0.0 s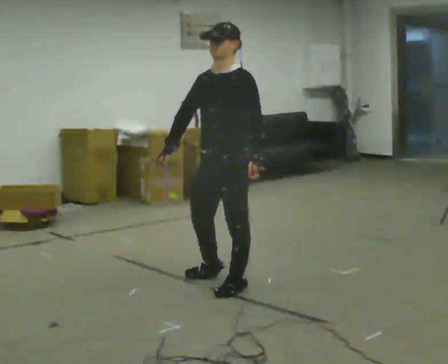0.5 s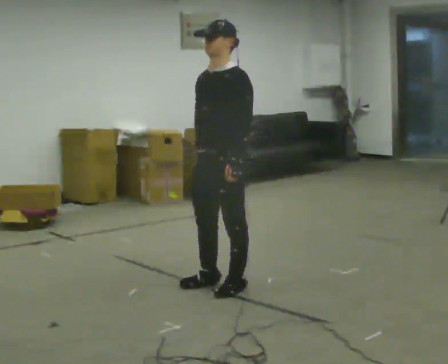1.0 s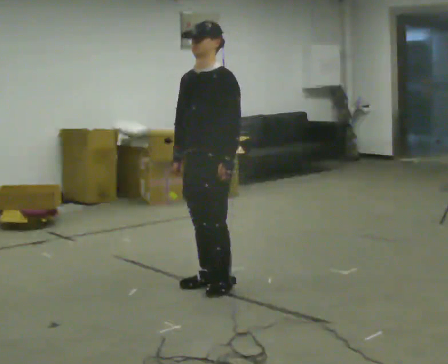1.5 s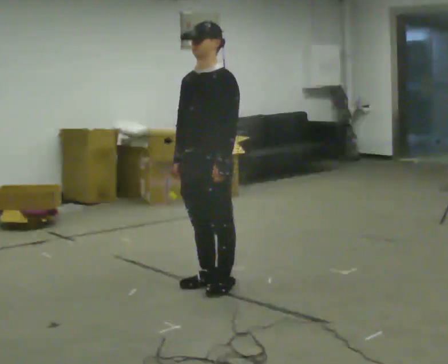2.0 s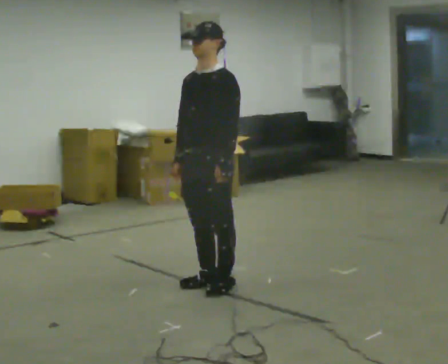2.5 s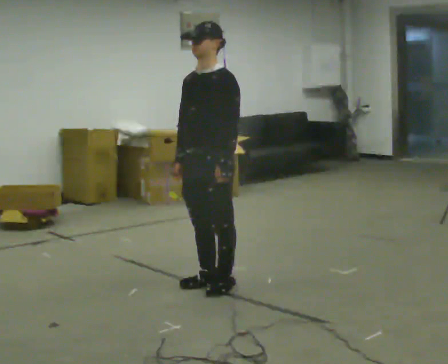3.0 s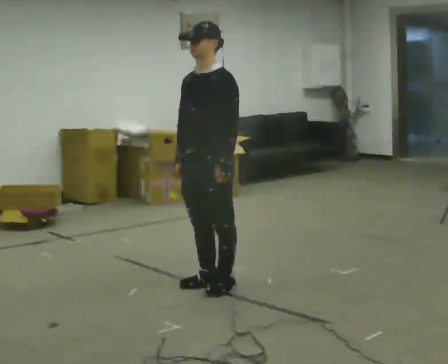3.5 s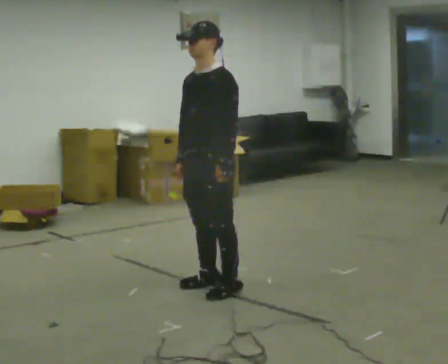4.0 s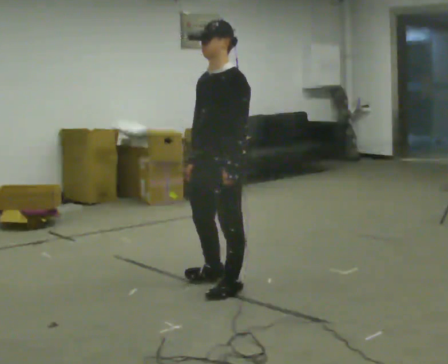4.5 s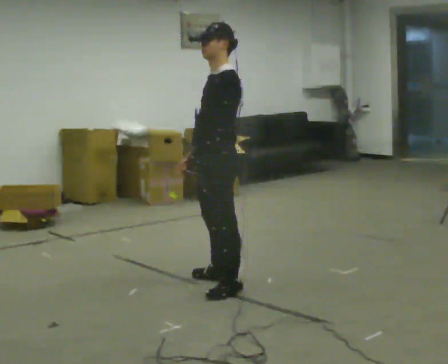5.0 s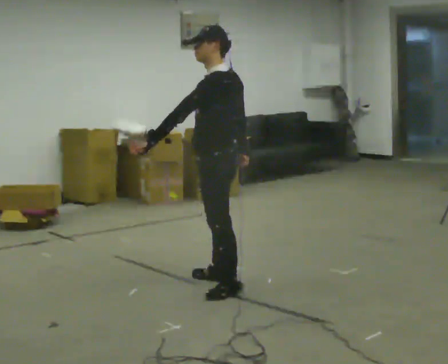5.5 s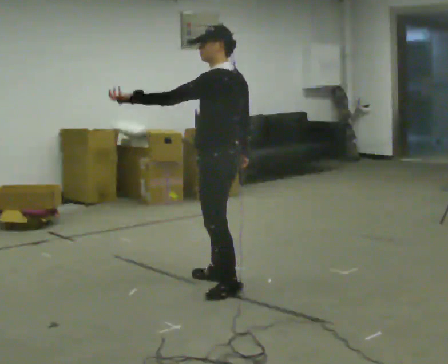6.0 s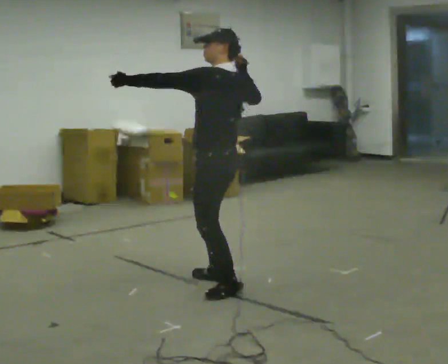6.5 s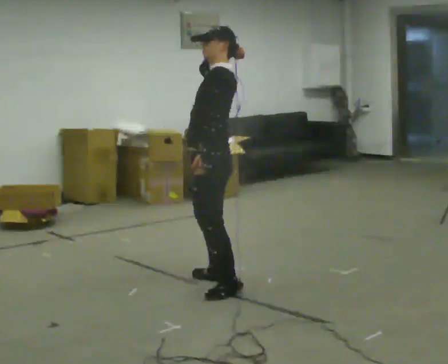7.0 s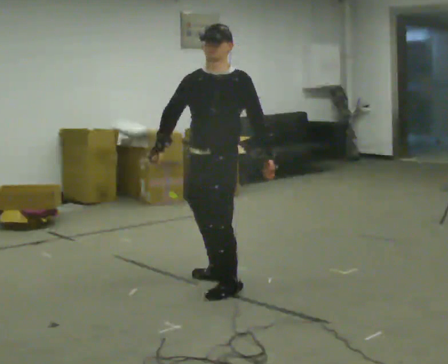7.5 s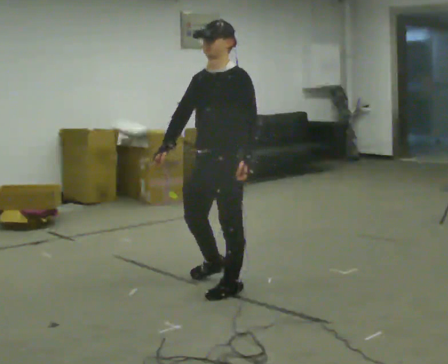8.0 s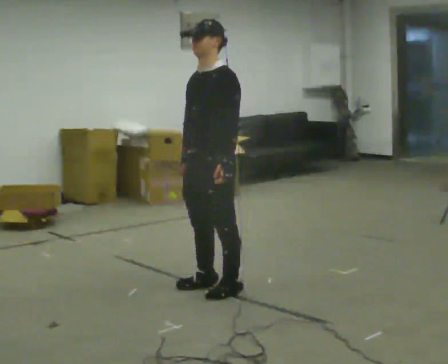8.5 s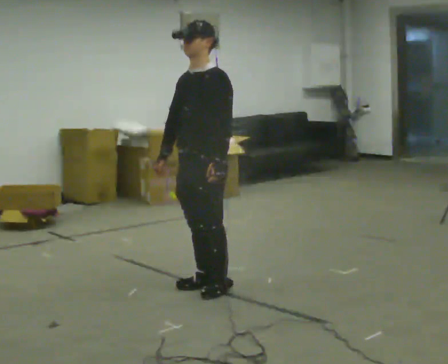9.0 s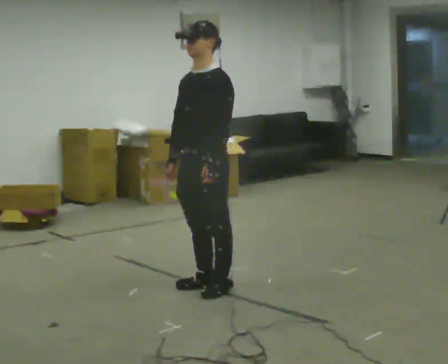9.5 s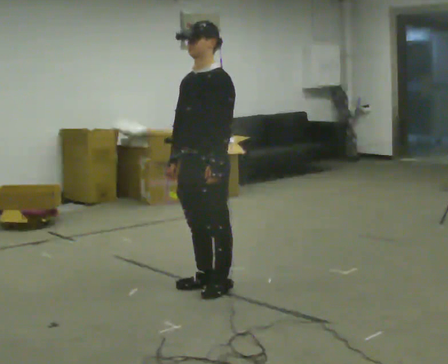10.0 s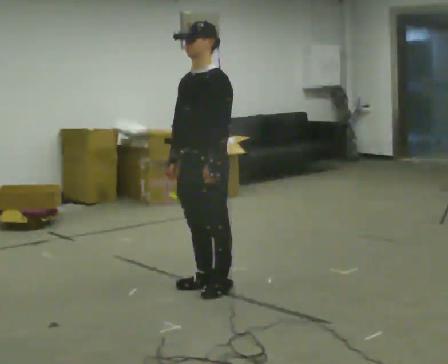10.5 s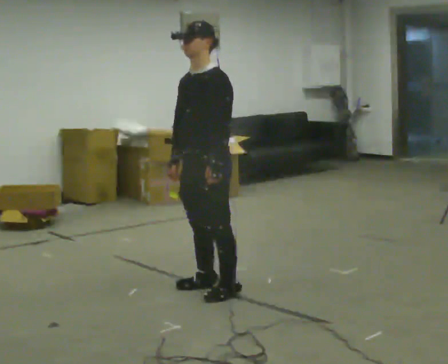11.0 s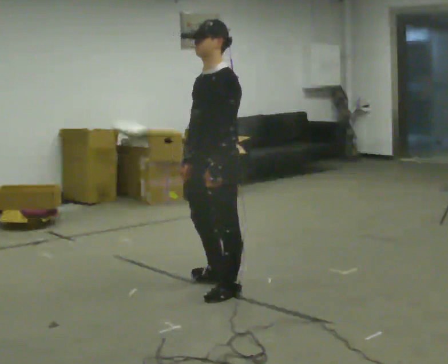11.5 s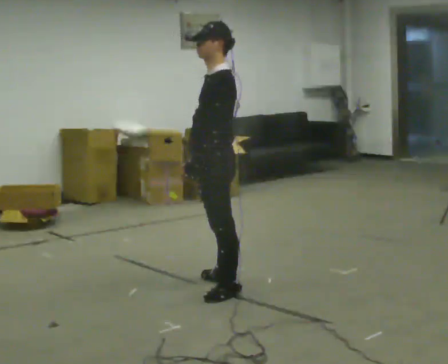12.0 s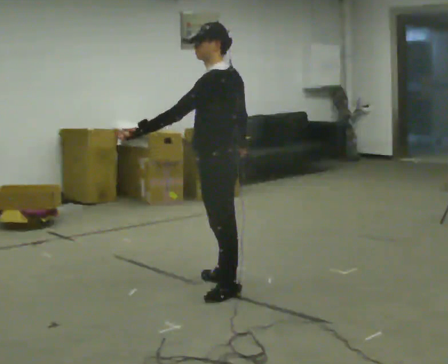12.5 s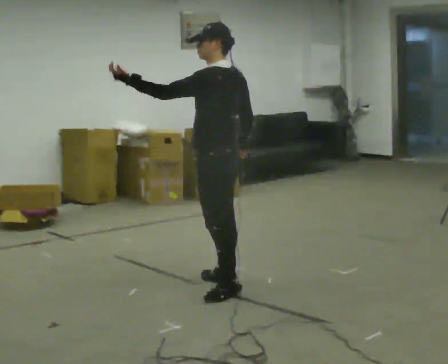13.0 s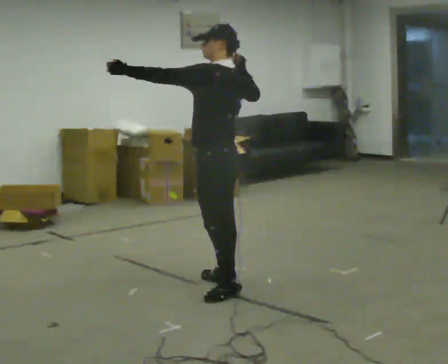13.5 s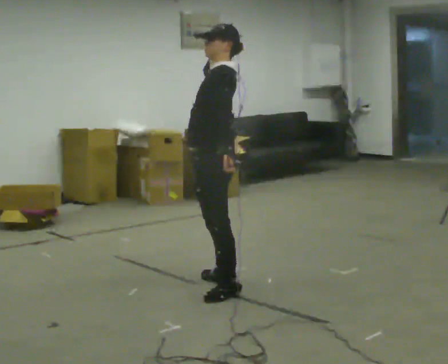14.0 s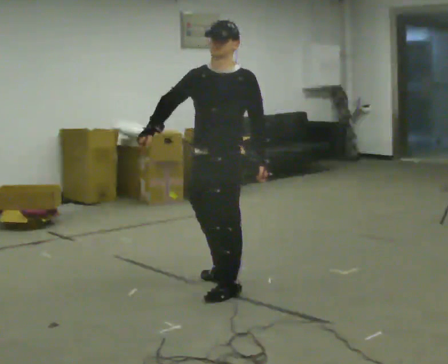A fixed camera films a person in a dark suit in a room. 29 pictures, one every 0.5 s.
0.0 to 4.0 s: The person moves a little, or ends about where they began.
4.0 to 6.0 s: The part of the body nearest the lens slides to the left as the person turns to their right by about 60 degrees. In the picture their left hand goes to the left and upward.
6.0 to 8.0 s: Seen from above the body turns counterclockwise, about 60 degrees: to their left, with its near side sliding to the right. In the picture their left hand goes to the right and downward.
8.0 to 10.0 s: The person moves a little, or ends about where they began.
10.0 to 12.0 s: The person turns about 60 degrees to their right, clockwise seen from above, so the part of the body nearest the lens slides to the left. In the picture their left hand goes to the left, the arm swinging clockwise.
12.0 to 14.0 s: Seen from above the body turns counterclockwise, about 75 degrees: to their left, with its near side sliding to the right. In the picture their right hand goes to the left.
The film runs forward here.
